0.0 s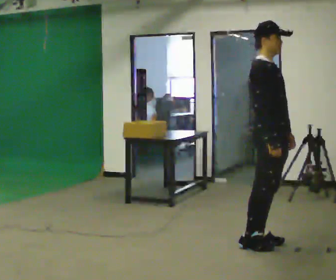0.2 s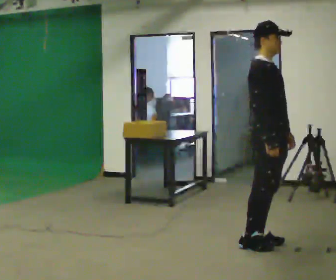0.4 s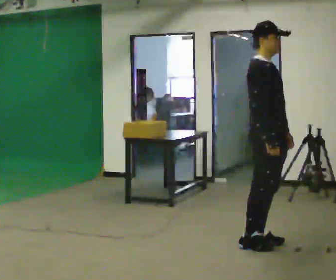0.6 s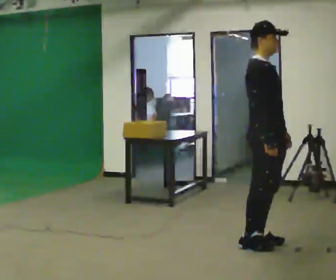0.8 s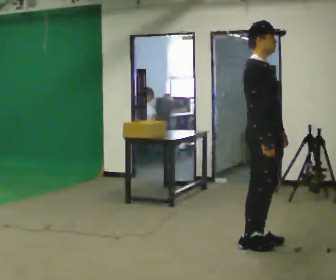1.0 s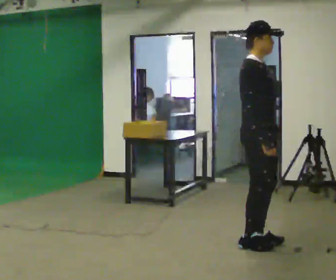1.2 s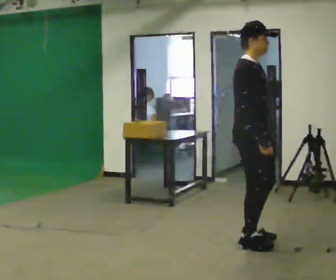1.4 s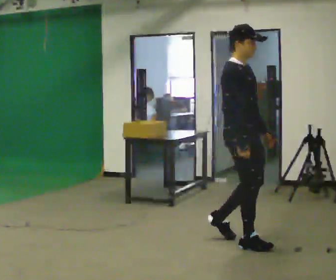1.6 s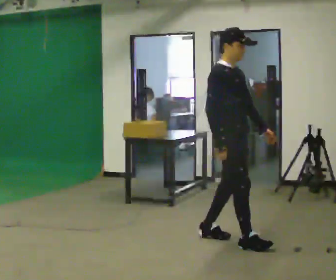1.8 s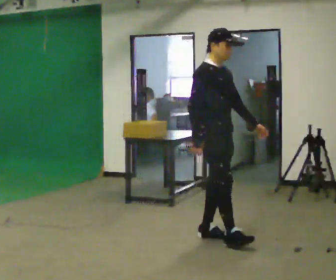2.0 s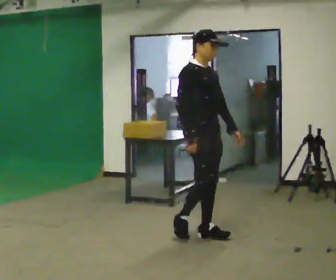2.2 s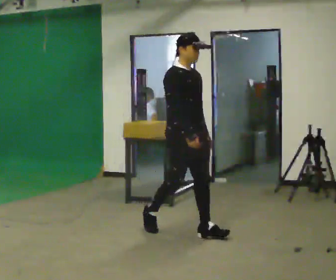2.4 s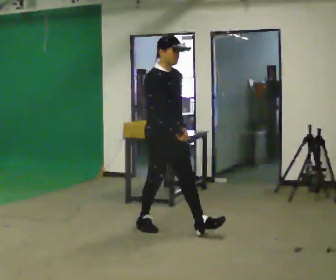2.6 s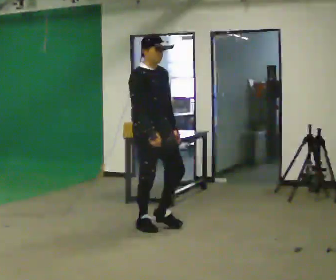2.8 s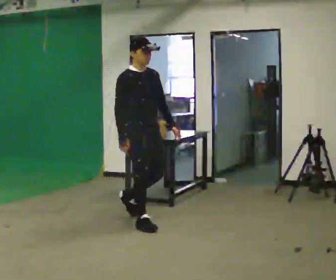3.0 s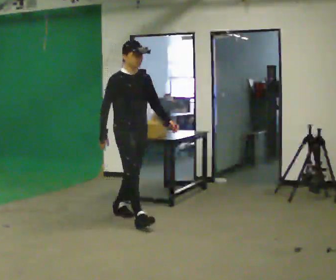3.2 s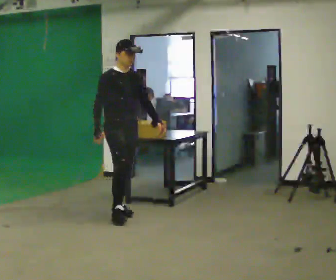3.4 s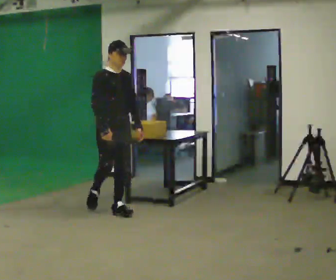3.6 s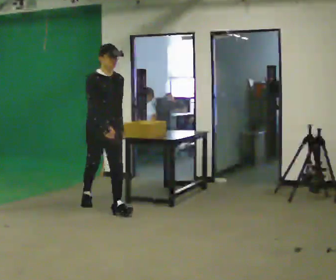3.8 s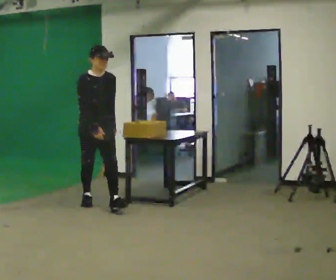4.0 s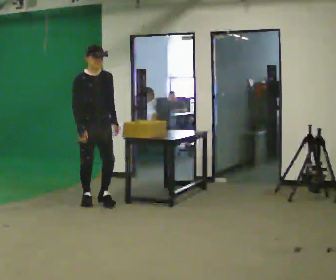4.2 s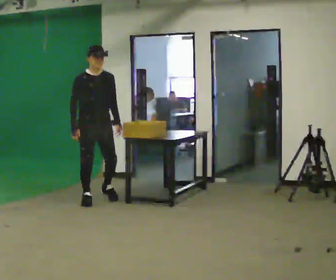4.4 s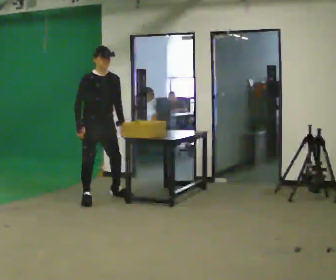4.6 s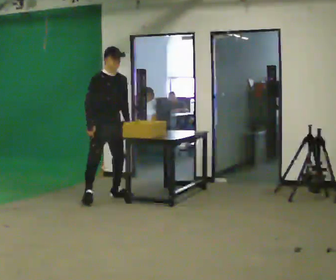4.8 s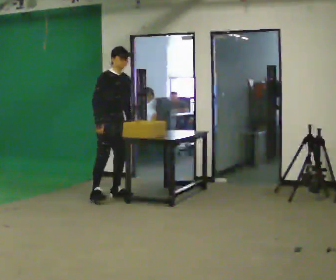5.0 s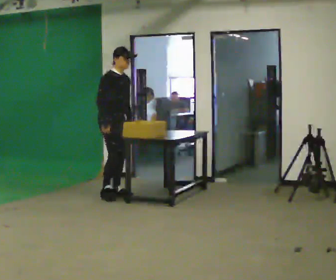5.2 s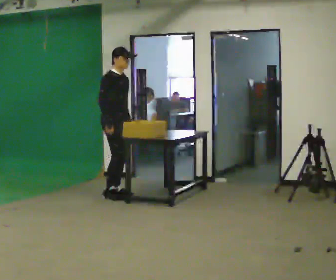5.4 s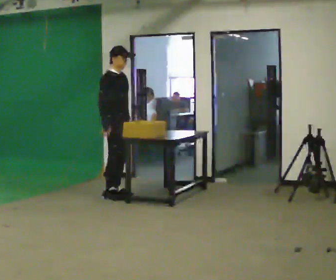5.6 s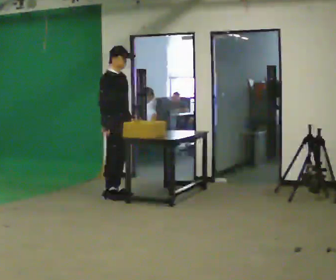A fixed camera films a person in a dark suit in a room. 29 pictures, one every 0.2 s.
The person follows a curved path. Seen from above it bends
clockwise.
The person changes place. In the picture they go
away from the camera.
0.0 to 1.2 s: In the picture they go to the left, about 0.25 m in 1 step, which for them is backward.
1.2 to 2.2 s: In the picture they go to the left and away from the camera, about 0.75 m in 1 step, which for them is backward.
2.2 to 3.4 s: In the picture they go away from the camera and to the left, about 1 m in 2 steps, which for them is backward.
3.4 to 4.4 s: In the picture they go away from the camera, about 0.75 m in 1 step, which for them is backward.
4.4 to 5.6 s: Seen from above the body turns counterclockwise, about 30 degrees: to their left, with its near side sliding to the right. In the picture they go away from the camera and to the right, about 0.25 m in 1 step, which for them is to their left.
The film runs backward here.
